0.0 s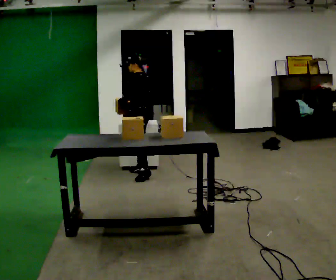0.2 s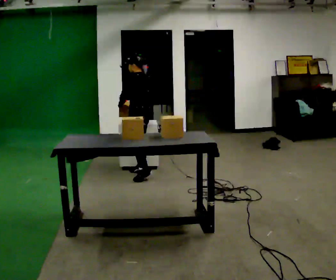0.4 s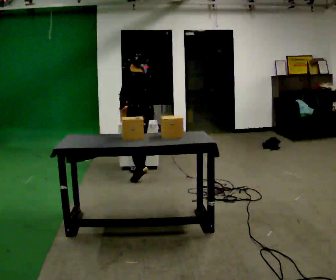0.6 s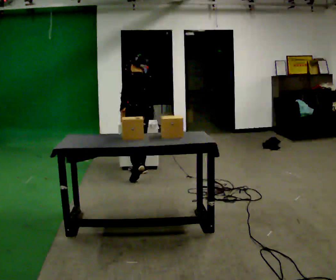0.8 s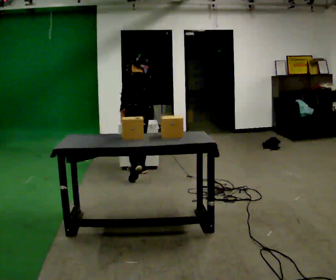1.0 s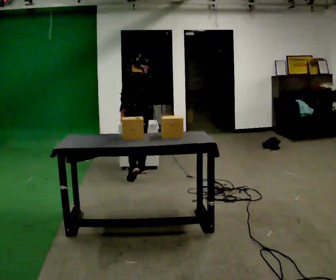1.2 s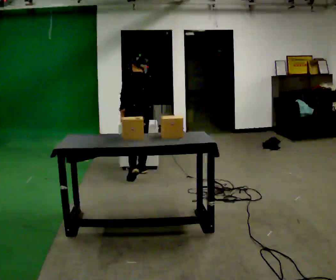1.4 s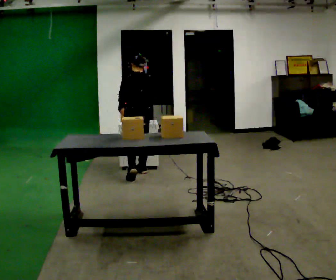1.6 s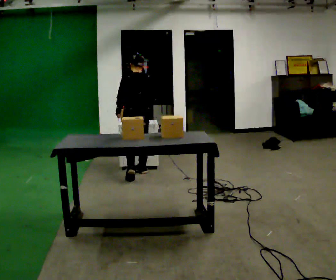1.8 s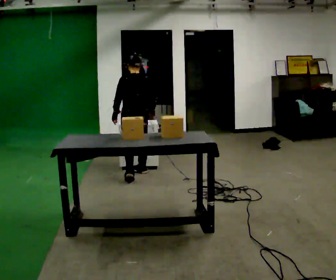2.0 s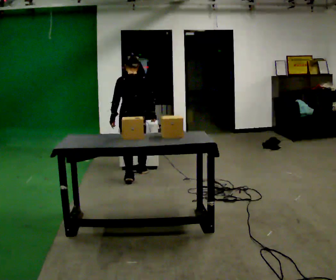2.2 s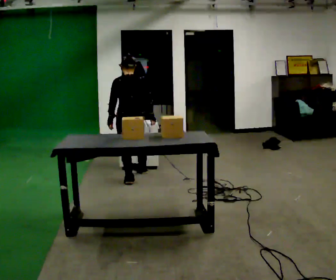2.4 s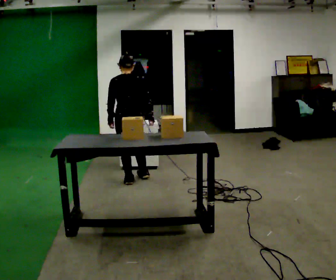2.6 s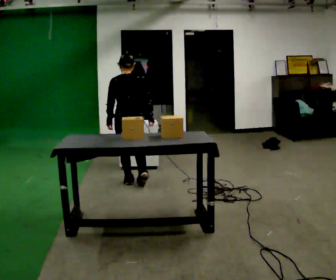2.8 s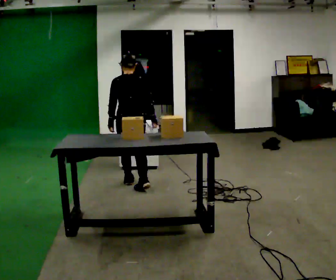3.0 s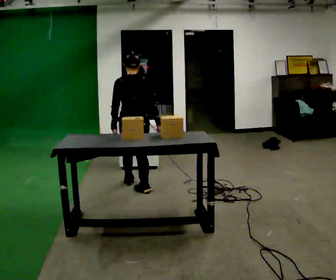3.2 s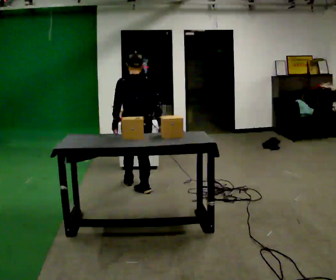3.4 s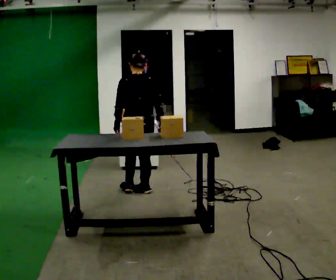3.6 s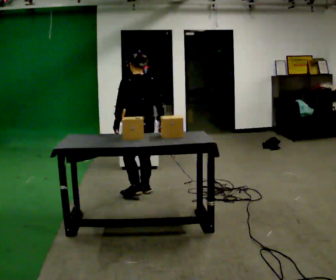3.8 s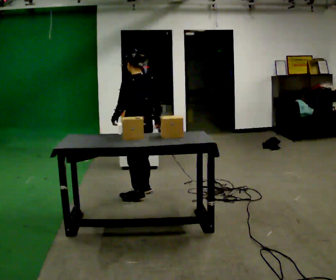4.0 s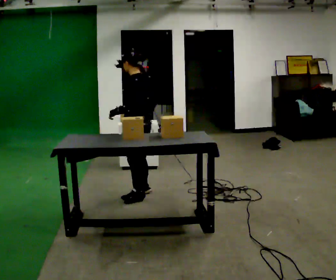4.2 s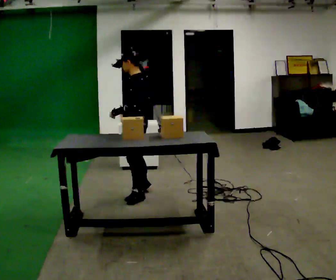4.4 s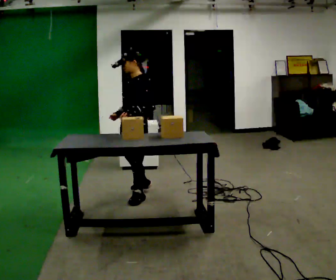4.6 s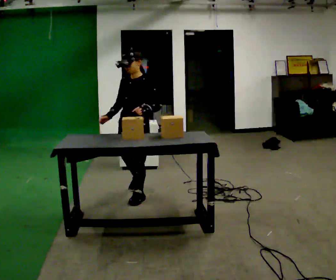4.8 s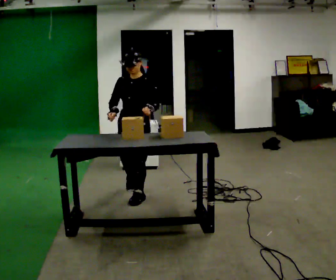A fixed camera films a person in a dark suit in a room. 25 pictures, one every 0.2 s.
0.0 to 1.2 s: Seen from above the body turns clockwise, about 45 degrees: to their right, with its near side sliding to the left.
1.2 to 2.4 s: In the picture they go toward the camera, about 0.25 m in 1 step, which for them is backward and to their left. The upper body tips toward the camera, its near side rolling downward, as they lean back or straighten.
2.4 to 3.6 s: In the picture they go toward the camera, about 0.5 m in 1 step, which for them is backward.
3.6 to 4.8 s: The person turns about 135 degrees to their left, counterclockwise seen from above, so the part of the body nearest the lens slides to the right. In the picture they go toward the camera, about 0.25 m in 1 step. In the picture their left hand goes to the right.
The film runs backward here.
